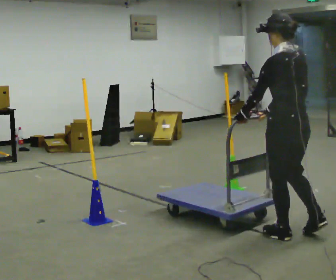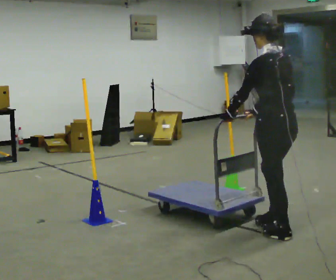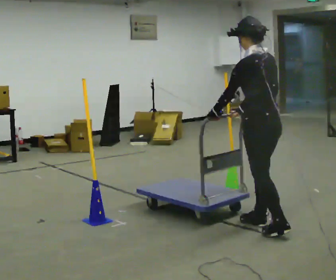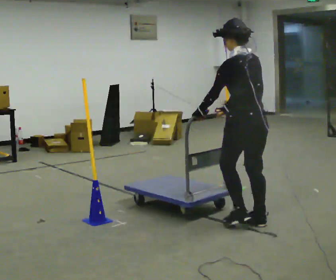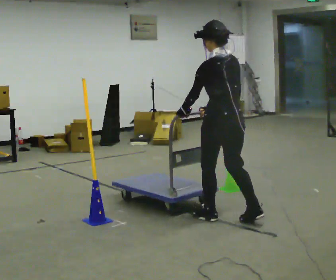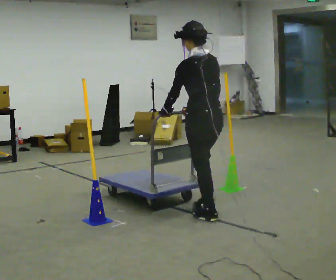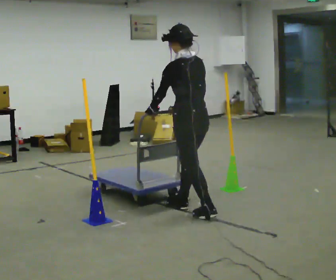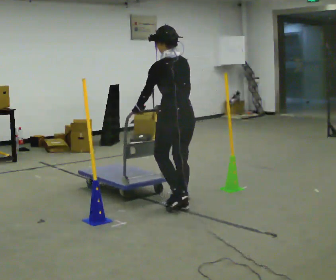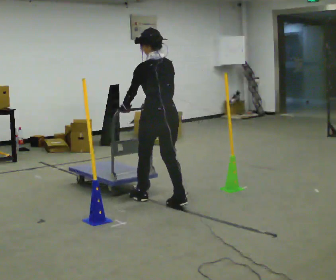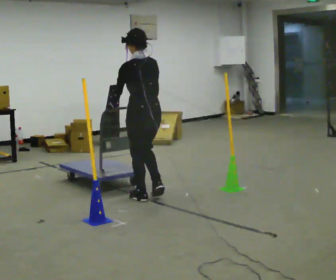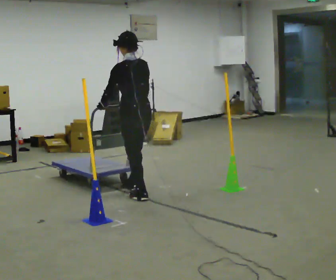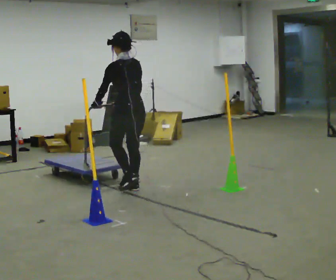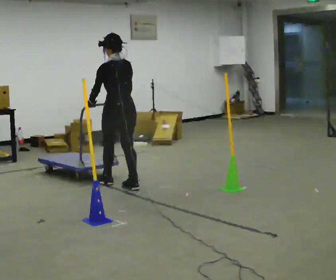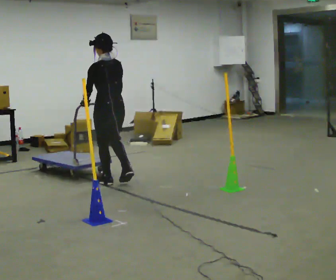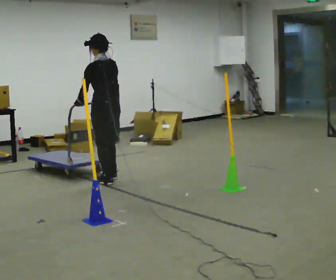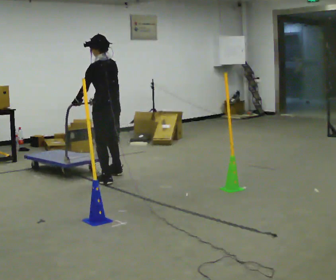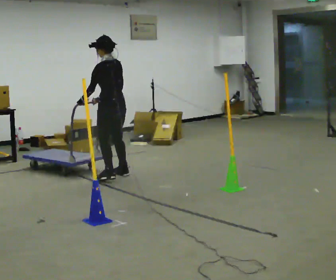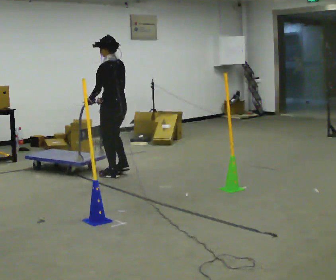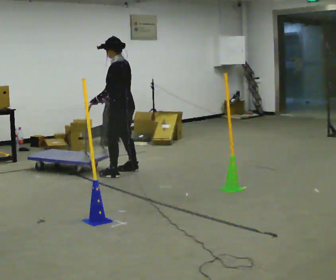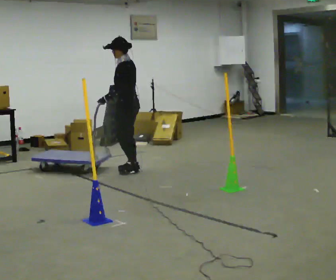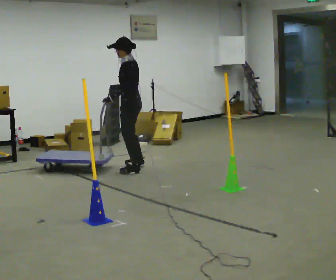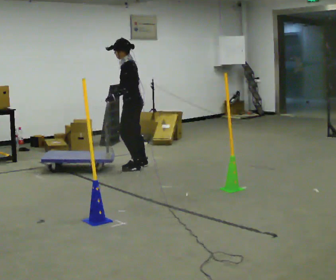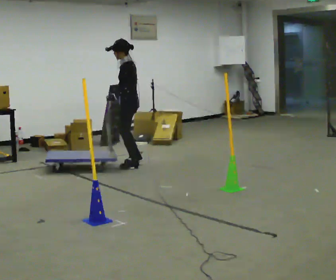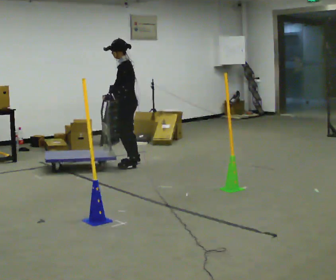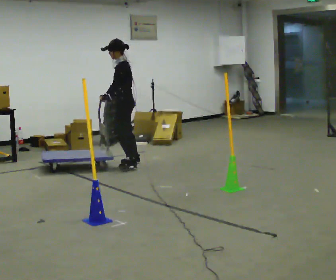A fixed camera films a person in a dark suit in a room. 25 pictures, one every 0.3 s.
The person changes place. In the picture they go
away from the camera.
0.0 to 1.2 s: In the picture they go away from the camera and to the left, about 0.5 m in 2 steps, which for them is forward.
1.2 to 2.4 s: In the picture they go away from the camera and to the left, about 1 m in 1 step, which for them is forward.
2.4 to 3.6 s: In the picture they go away from the camera and to the left, about 0.5 m in 3 steps, which for them is forward.
3.6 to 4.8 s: In the picture they go away from the camera, about 0.5 m in 1 step, which for them is forward and to their right.
4.8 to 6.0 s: The person turns about 30 degrees to their left, counterclockwise seen from above, so the part of the body nearest the lens slides to the right. In the picture they go away from the camera and to the right, about 0.5 m in 3 steps, which for them is to their right.
6.0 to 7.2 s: In the picture they go away from the camera, about 0.25 m in 3 steps, which for them is to their right.
The film runs forward here.
